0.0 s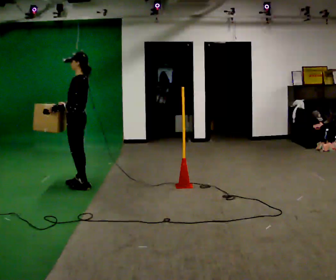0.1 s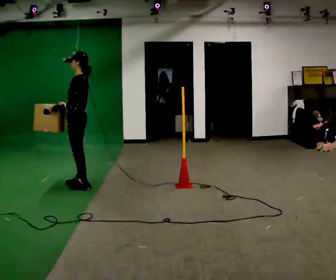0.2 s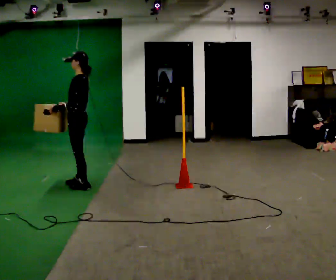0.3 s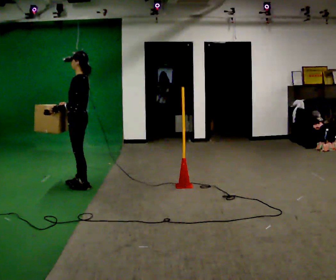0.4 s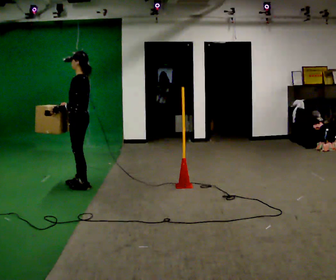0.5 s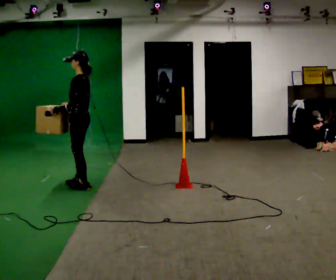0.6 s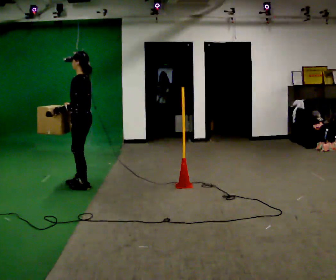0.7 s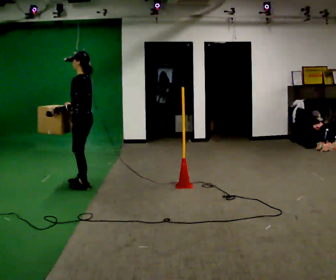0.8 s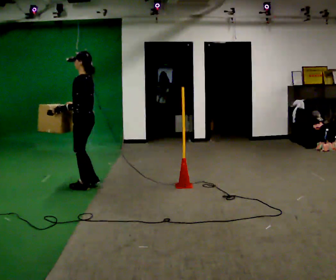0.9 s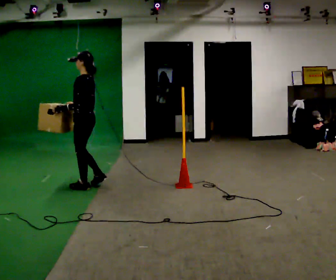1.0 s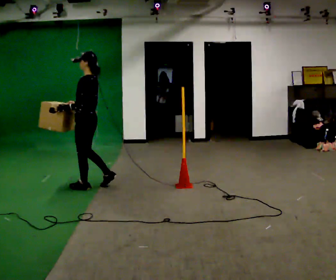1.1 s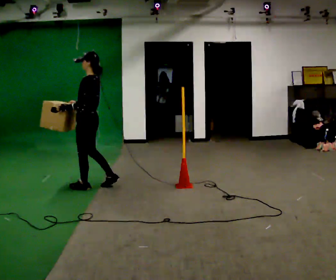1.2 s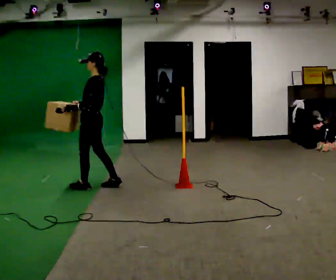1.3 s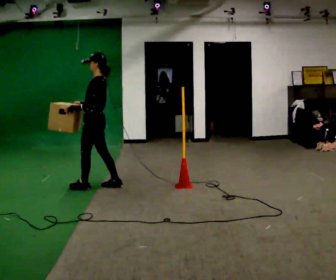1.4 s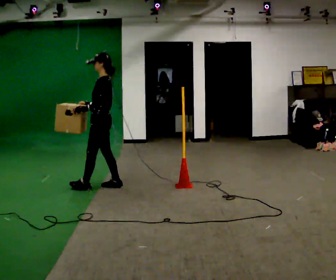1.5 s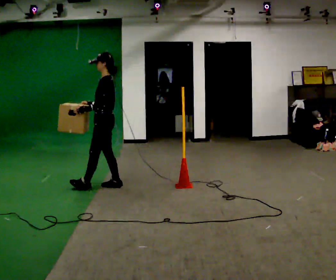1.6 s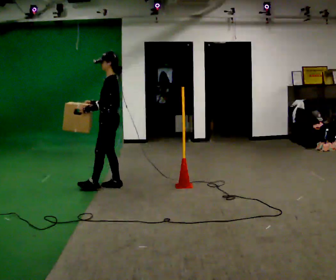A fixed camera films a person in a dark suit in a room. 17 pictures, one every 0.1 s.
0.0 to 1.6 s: In the picture they go to the right, about 0.5 m in 2 steps, which for them is backward.
The film runs backward here.
